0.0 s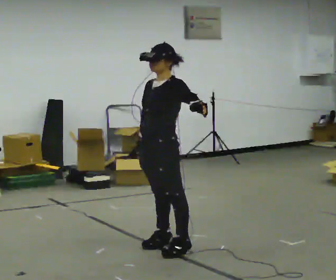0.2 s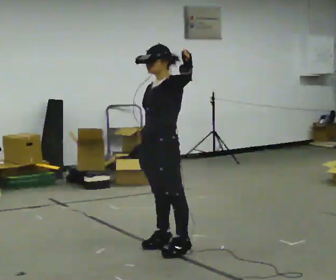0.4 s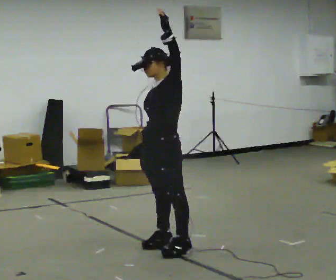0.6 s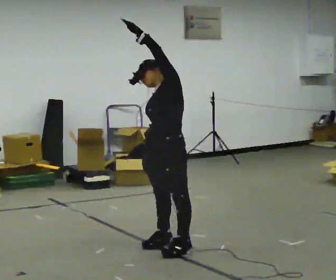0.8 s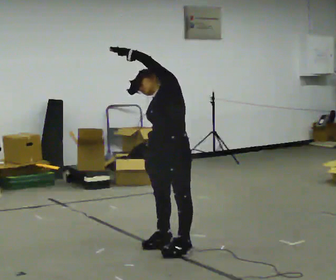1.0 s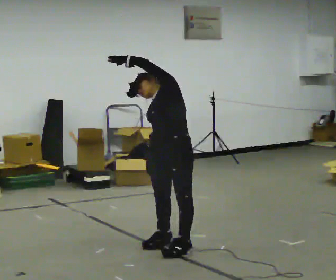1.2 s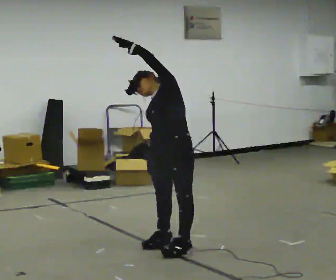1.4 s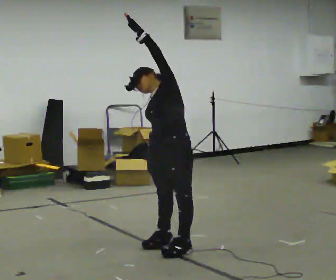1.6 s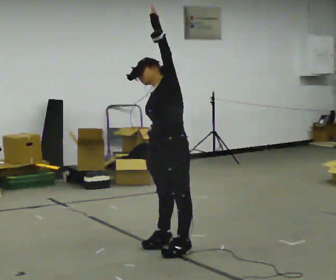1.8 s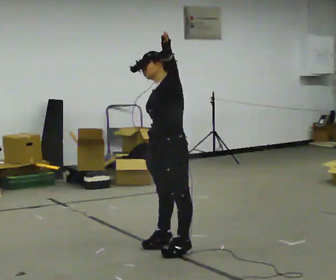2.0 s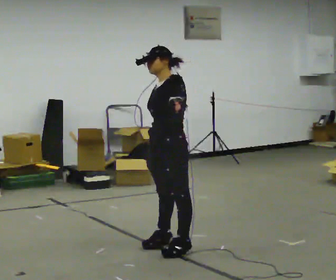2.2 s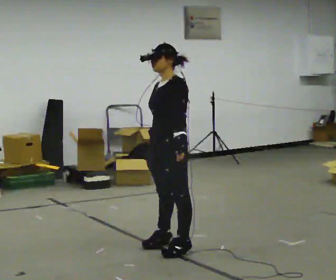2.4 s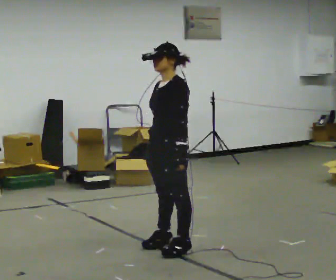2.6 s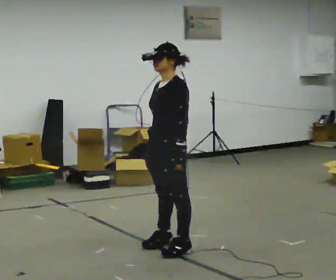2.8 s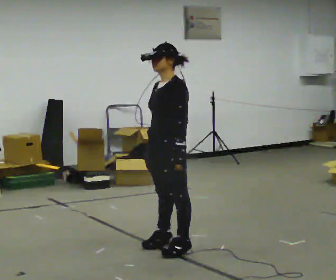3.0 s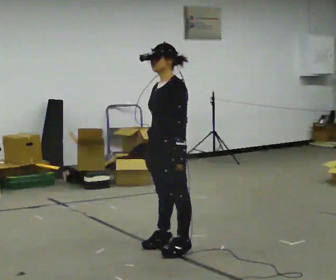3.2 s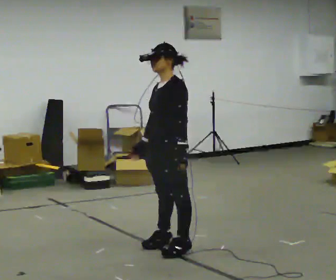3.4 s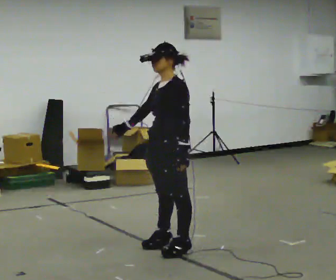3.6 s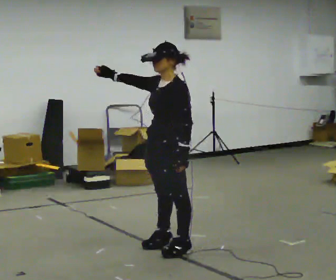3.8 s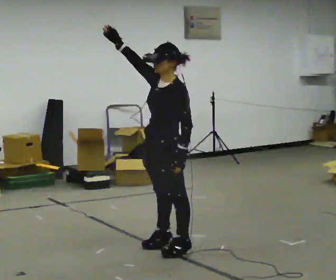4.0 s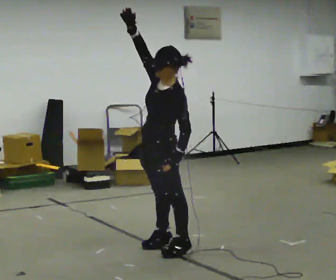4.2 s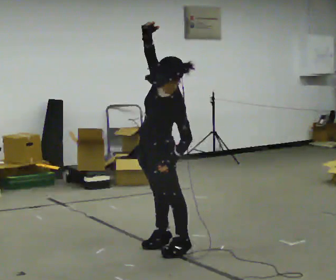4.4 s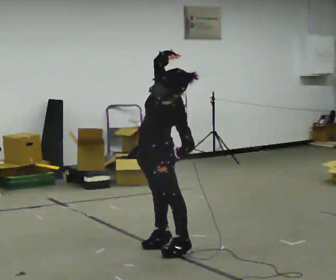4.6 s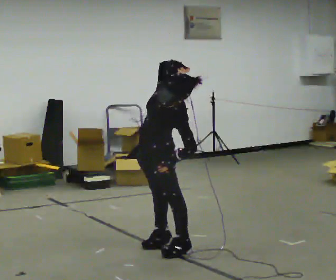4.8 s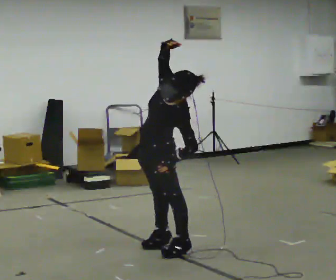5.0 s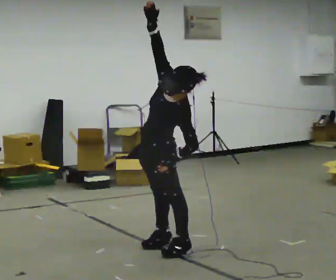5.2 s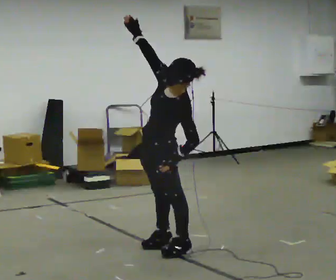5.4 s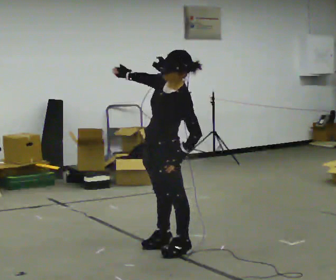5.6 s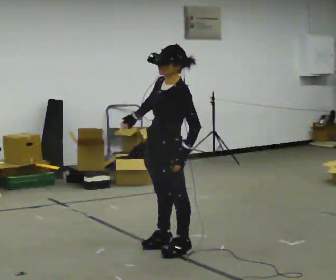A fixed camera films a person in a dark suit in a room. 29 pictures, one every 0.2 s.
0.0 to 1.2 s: The upper body tips away from the camera, its near side rolling upward, as they lean back or straighten. In the picture their left hand goes to the left and upward.
1.2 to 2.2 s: The upper body tips toward the camera, its near side rolling downward, as they bend forward. In the picture their left hand goes downward and to the right.
2.2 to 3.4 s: The person moves a little, or ends about where they began.
3.4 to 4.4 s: In the picture they go away from the camera, about 0.25 m, which for them is to their right. The upper body tips toward the camera, its near side rolling downward. In the picture their right hand goes upward and to the right.
4.4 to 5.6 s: The upper body tips away from the camera, its near side rolling upward. In the picture their right hand goes downward.
The film runs backward here.
